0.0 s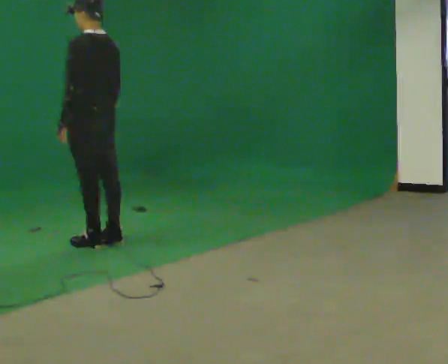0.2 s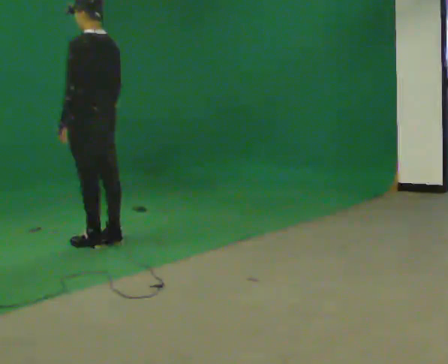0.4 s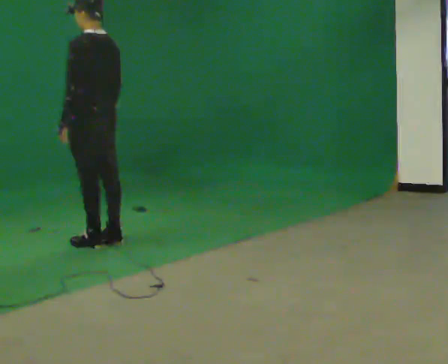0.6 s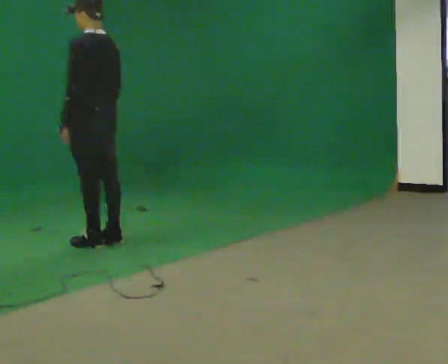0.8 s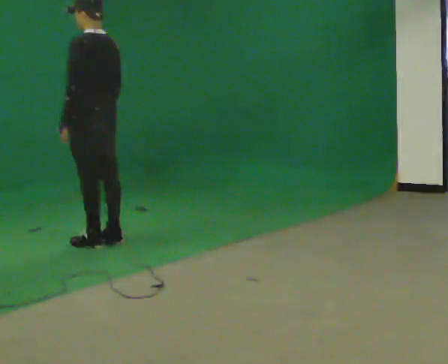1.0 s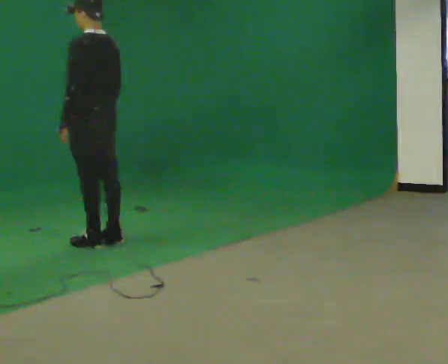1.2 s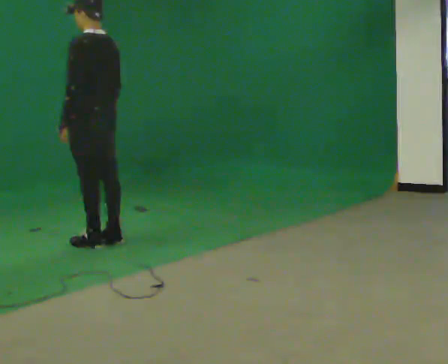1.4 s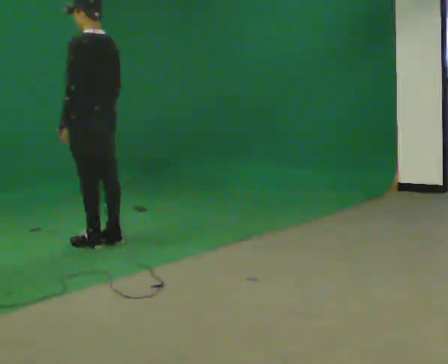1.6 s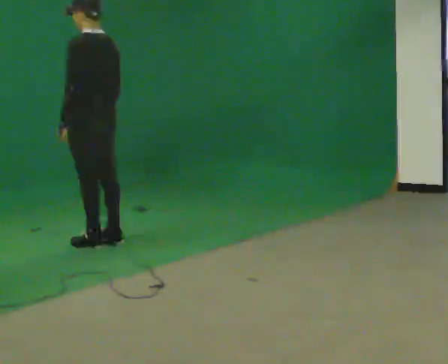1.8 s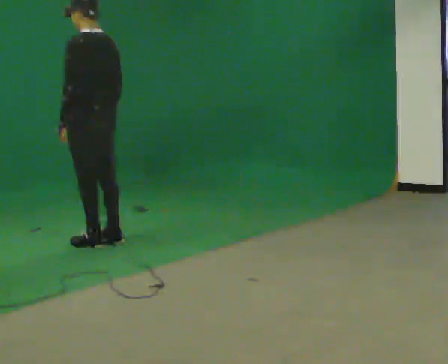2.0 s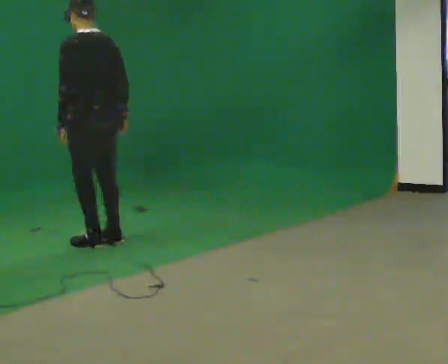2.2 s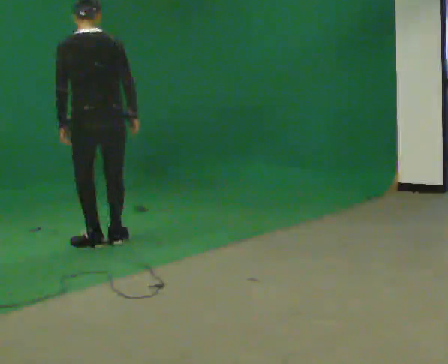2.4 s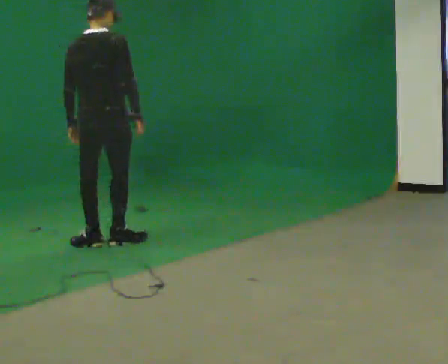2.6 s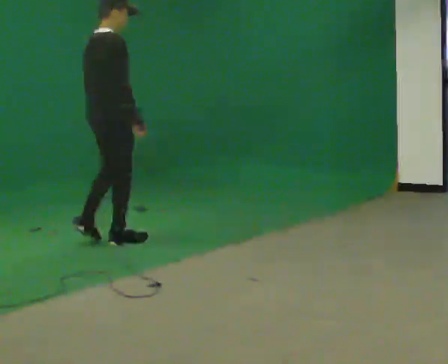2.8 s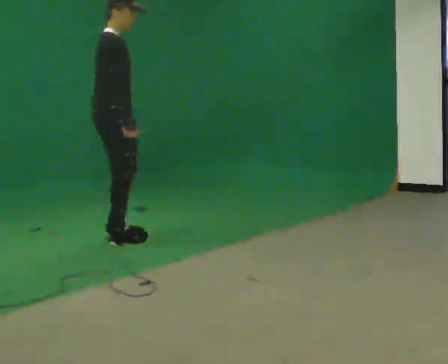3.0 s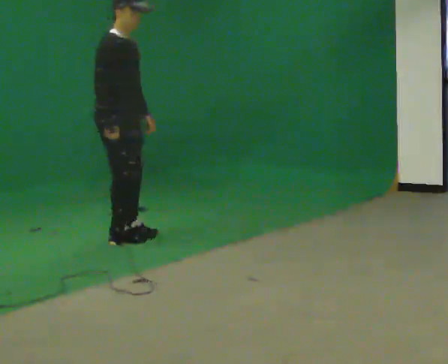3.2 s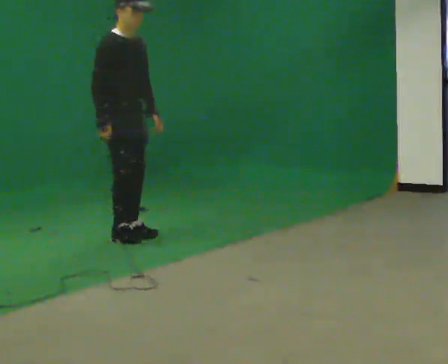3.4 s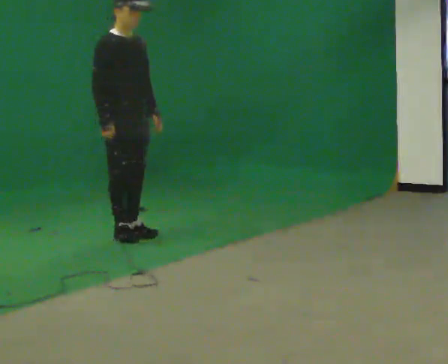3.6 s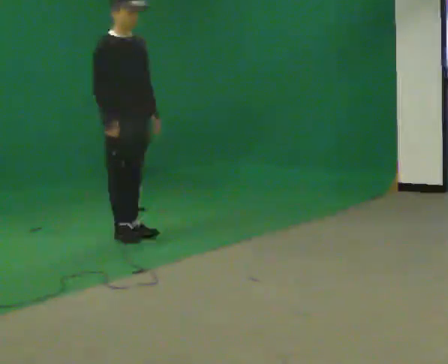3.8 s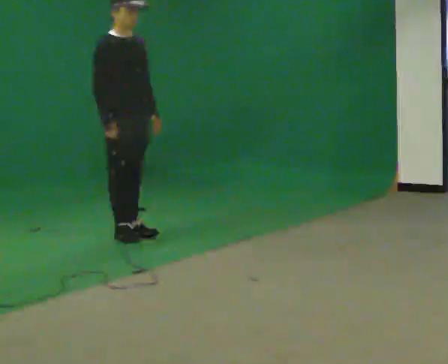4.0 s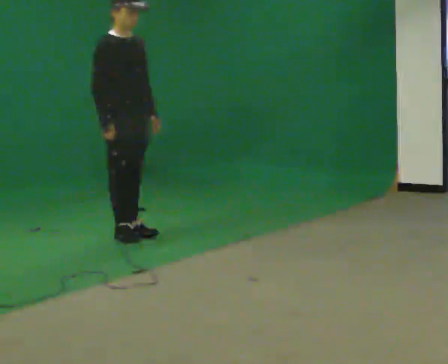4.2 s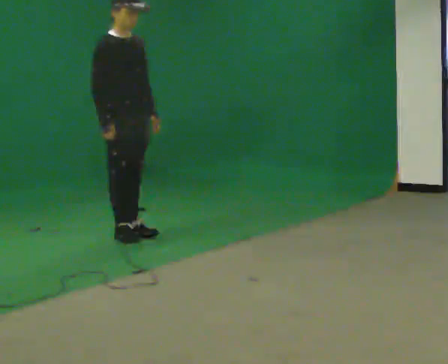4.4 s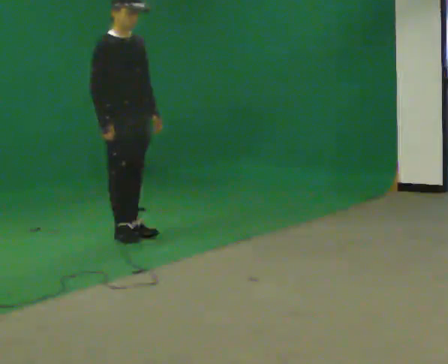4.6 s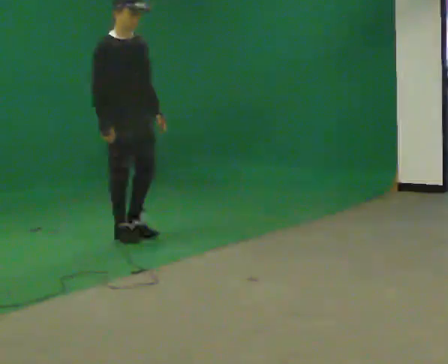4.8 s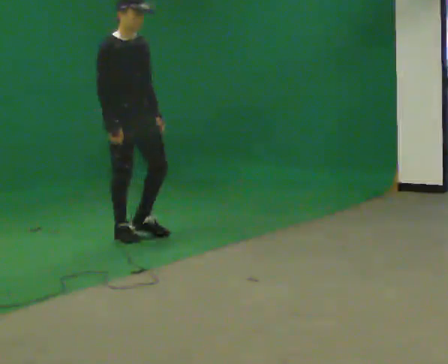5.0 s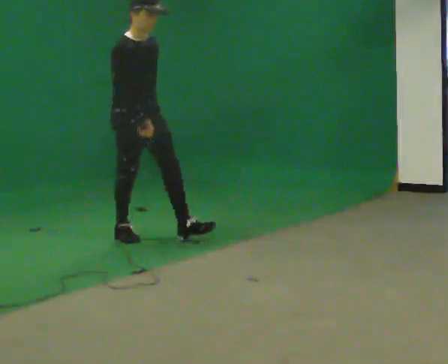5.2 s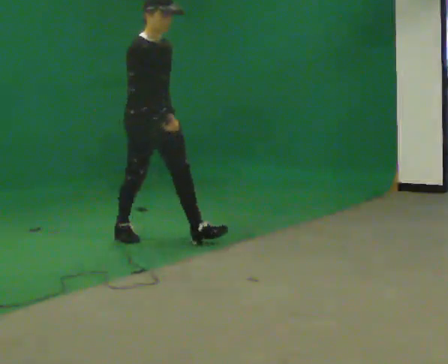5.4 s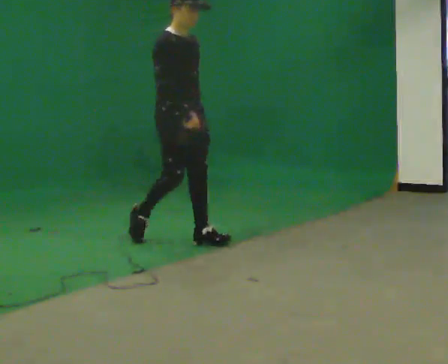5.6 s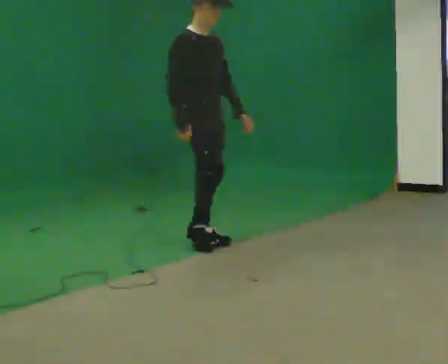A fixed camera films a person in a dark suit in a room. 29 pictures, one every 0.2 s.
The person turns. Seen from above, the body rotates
clockwise.
The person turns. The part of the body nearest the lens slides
to the left.
0.0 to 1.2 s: The person keeps their place and pose.
1.2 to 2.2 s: Seen from above the body turns clockwise, about 45 degrees: to their right, with its near side sliding to the left.
2.2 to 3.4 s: The part of the body nearest the lens slides to the left as the person turns to their right by about 135 degrees. In the picture they go away from the camera and to the right, about 0.25 m in 2 steps.
3.4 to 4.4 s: The person moves a little, or ends about where they began.
4.4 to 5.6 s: In the picture they go to the right and toward the camera, about 0.75 m in 1 step, which for them is forward.
The film runs forward here.
